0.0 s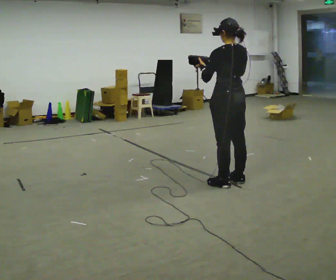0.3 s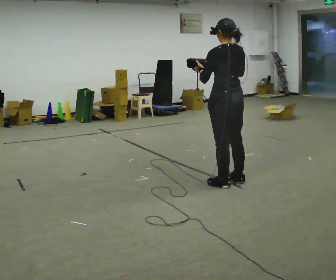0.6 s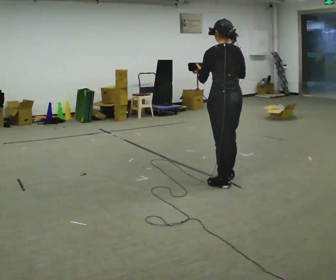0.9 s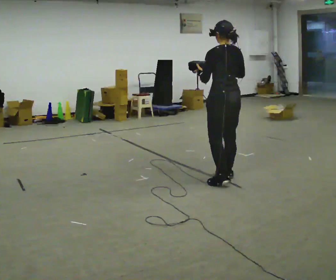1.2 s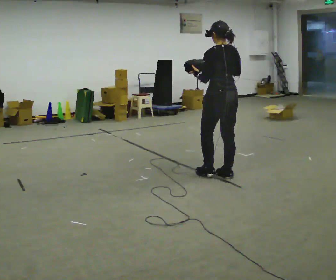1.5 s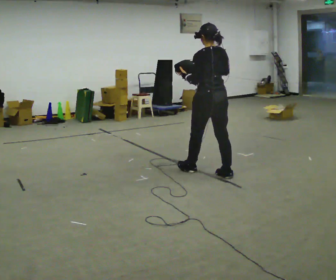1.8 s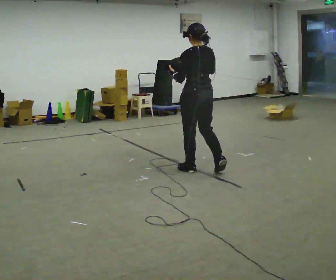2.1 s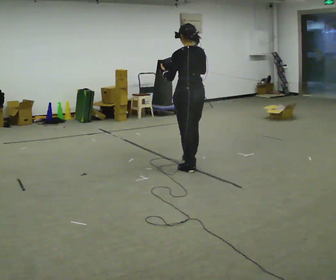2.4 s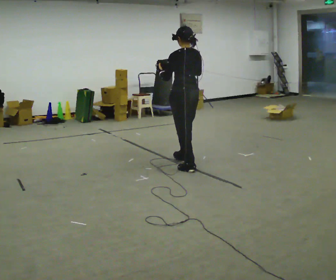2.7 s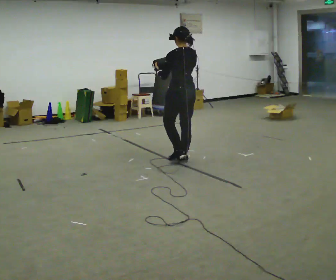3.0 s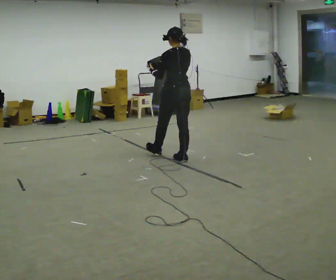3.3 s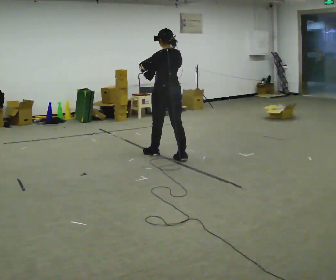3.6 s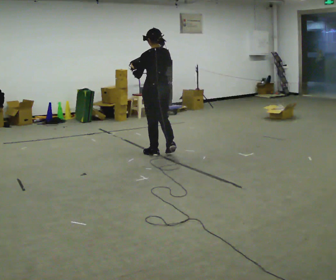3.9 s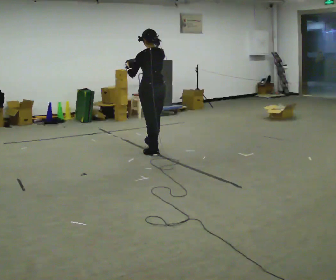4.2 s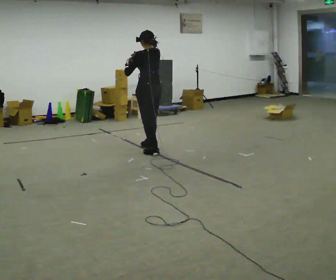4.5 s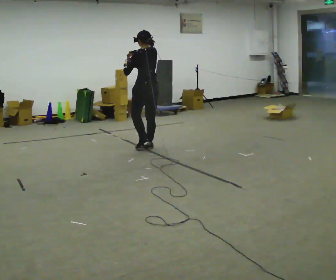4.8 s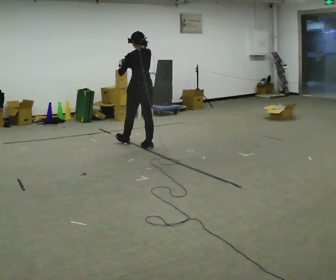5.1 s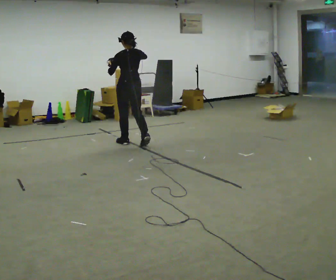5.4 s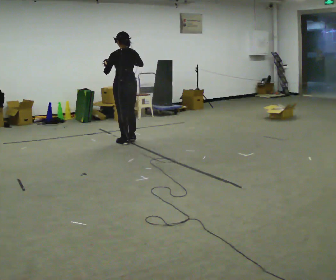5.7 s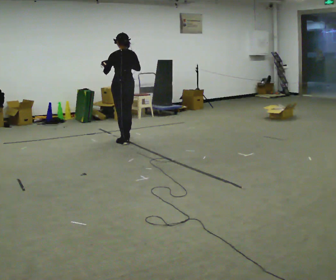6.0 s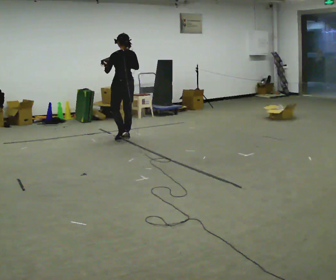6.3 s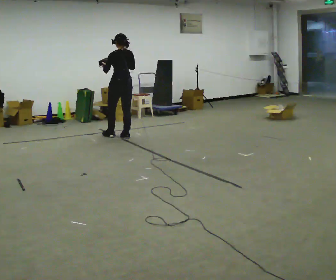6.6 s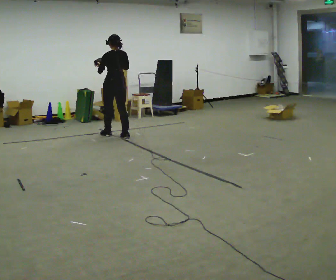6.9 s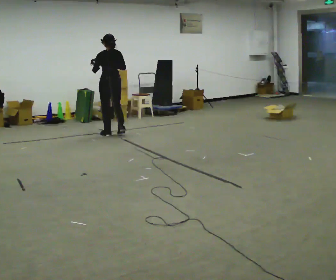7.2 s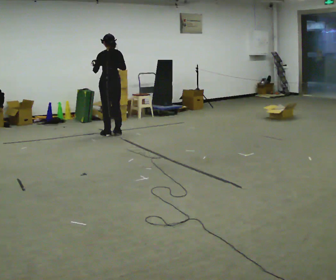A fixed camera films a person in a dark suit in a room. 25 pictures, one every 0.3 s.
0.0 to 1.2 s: In the picture they go away from the camera, about 0.25 m in 1 step, which for them is forward.
1.2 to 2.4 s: In the picture they go away from the camera and to the left, about 0.5 m in 2 steps, which for them is forward.
2.4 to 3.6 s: In the picture they go away from the camera and to the left, about 0.5 m in 1 step, which for them is forward.
3.6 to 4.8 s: In the picture they go away from the camera and to the left, about 0.5 m in 2 steps, which for them is forward.
4.8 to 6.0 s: In the picture they go away from the camera and to the left, about 0.5 m in 1 step, which for them is forward.
6.0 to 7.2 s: In the picture they go away from the camera and to the left, about 0.25 m in 2 steps, which for them is forward.
The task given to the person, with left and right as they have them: Carry the bag and, while walking, undo the buckle or zip, then do it up again. Keep repeating as you walk. Do not stop.
The film runs forward here.
